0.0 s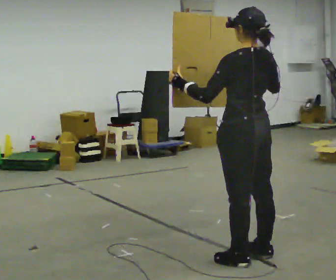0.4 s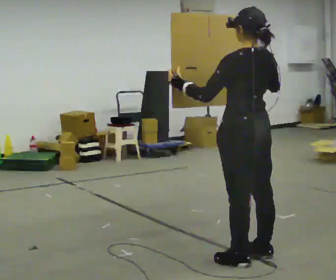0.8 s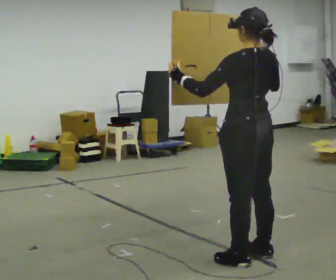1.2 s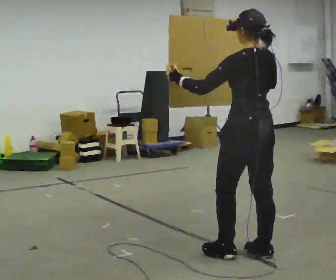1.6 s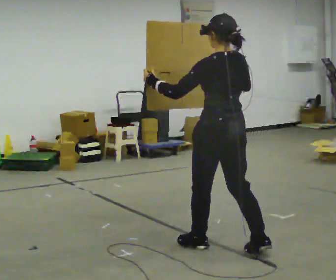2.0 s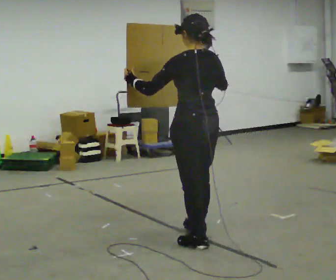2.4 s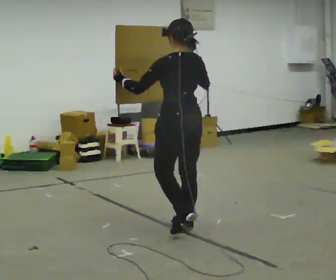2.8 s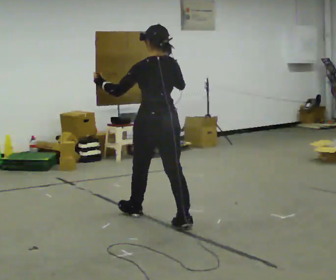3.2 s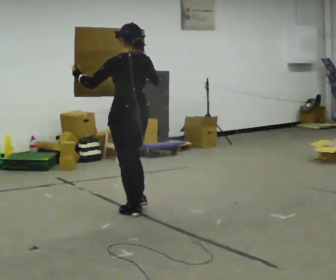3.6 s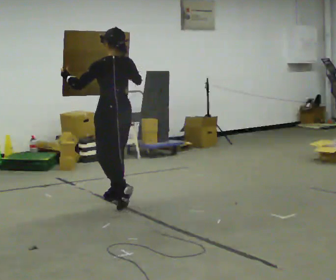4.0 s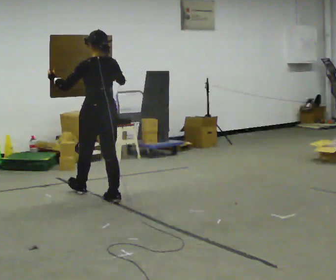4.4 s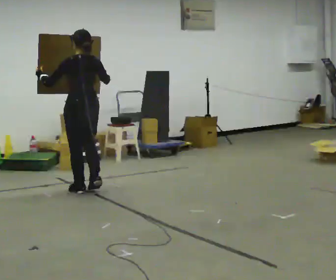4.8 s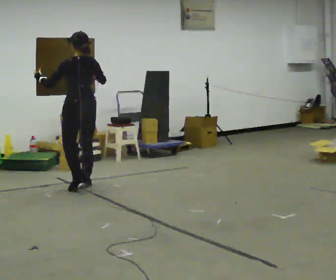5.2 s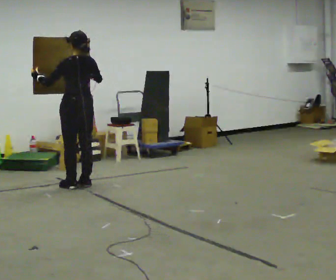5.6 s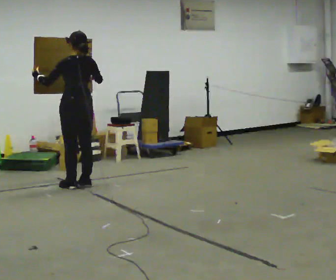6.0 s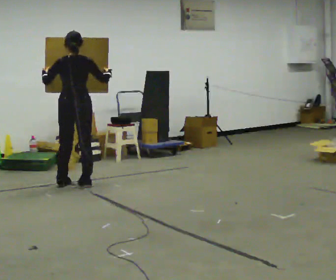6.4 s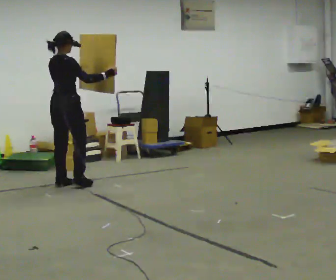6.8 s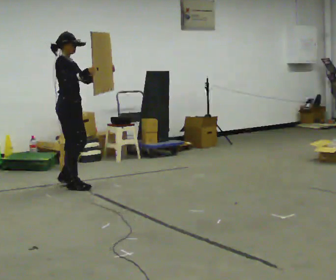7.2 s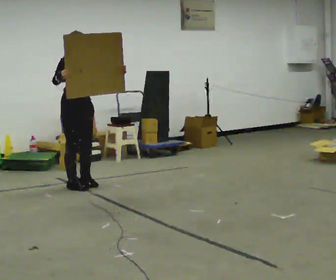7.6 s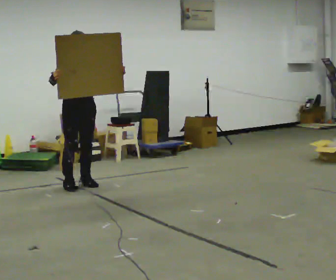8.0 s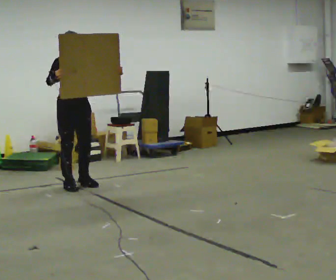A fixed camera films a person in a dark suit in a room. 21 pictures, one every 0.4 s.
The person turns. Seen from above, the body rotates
clockwise.
The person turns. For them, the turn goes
to their right.
0.0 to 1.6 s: In the picture they go away from the camera, about 0.25 m in 1 step, which for them is forward.
1.6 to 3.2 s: In the picture they go away from the camera and to the left, about 1 m in 2 steps, which for them is forward.
3.2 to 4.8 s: In the picture they go away from the camera and to the left, about 1 m in 3 steps, which for them is forward.
4.8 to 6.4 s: Seen from above the body turns clockwise, about 75 degrees: to their right, with its near side sliding to the left. In the picture they go to the left, about 0.25 m in 2 steps.
6.4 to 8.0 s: Seen from above the body turns clockwise, about 105 degrees: to their right, with its near side sliding to the left. In the picture their right hand goes to the left.
The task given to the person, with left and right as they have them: Carry the large panel across the room. It will block your view ahead, so take whatever route feels safe. Keep going until the operator says stop; one object at a time, and do not rush between trips.
The film runs forward here.
